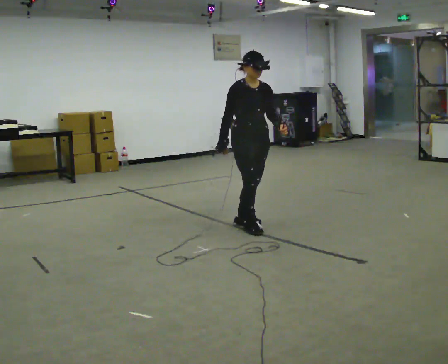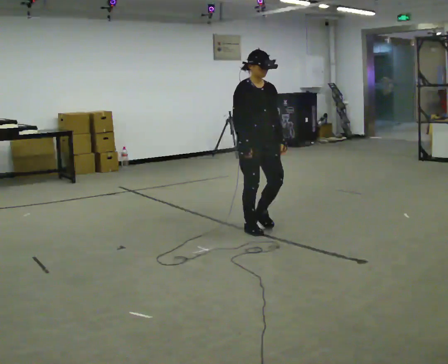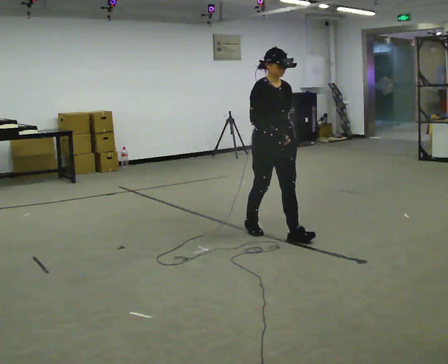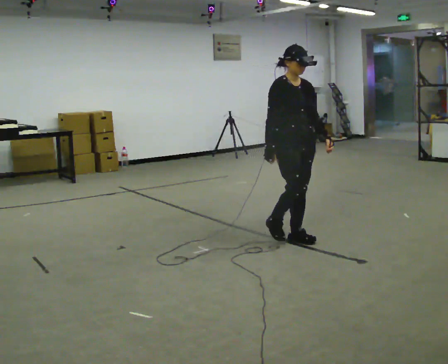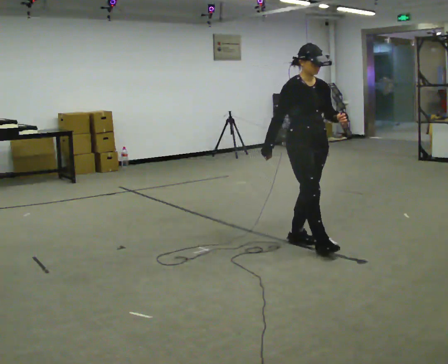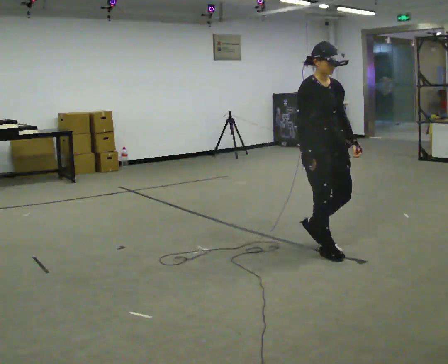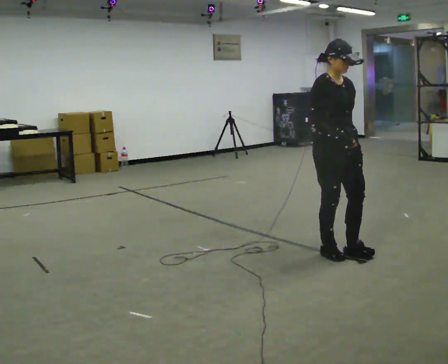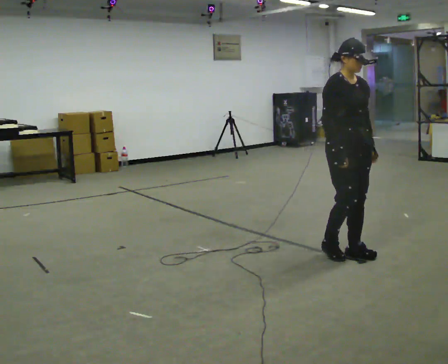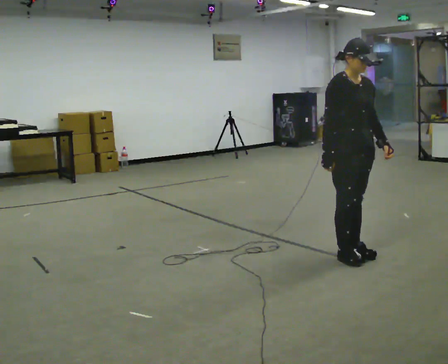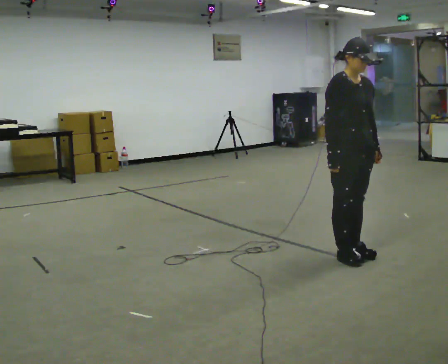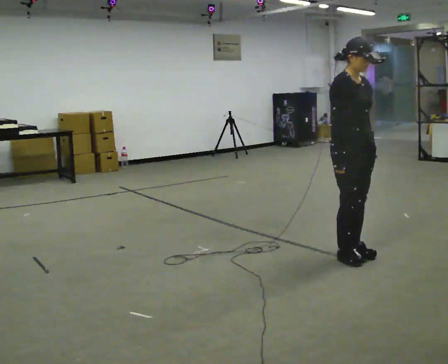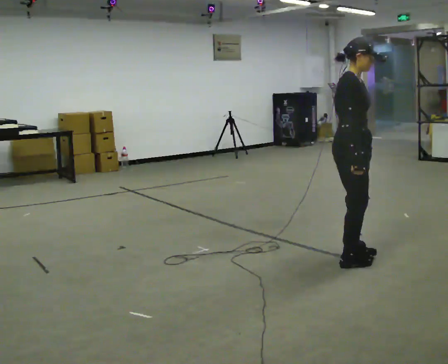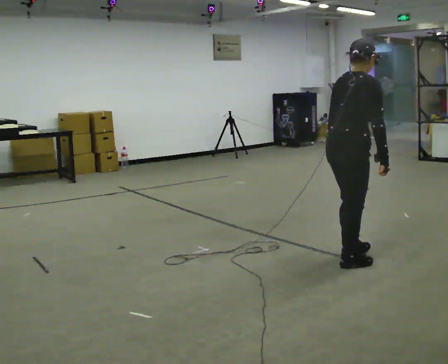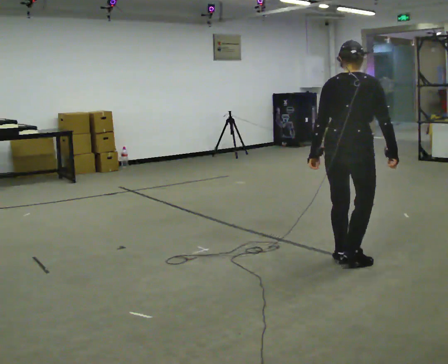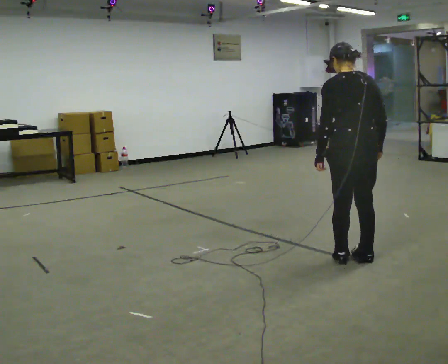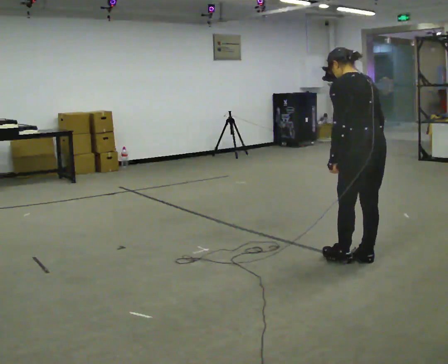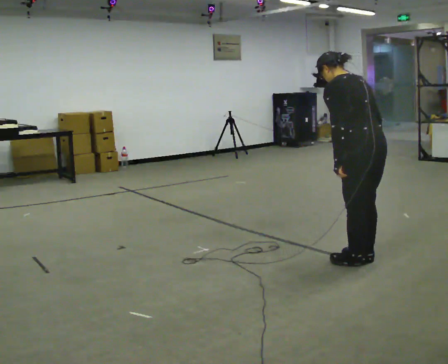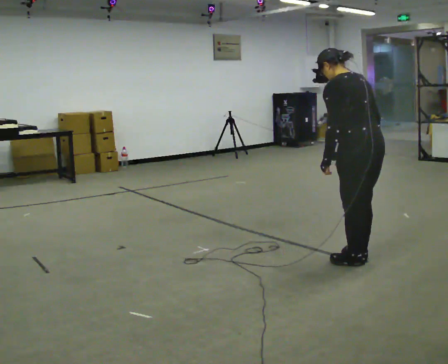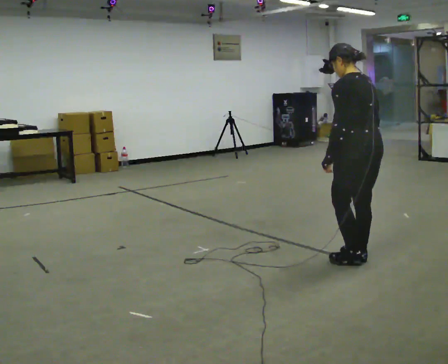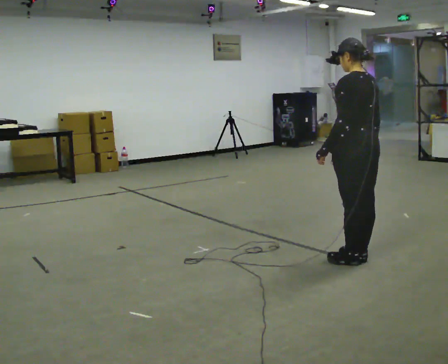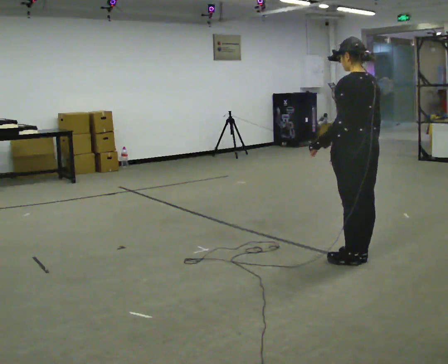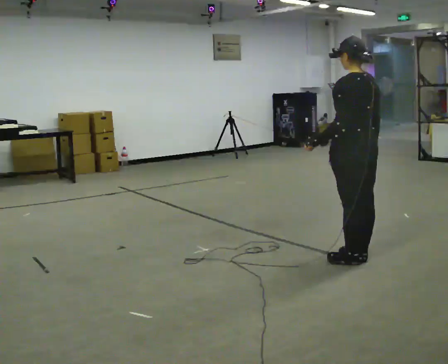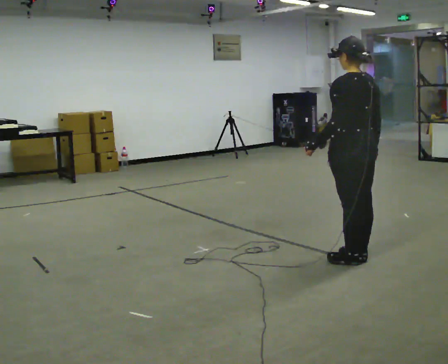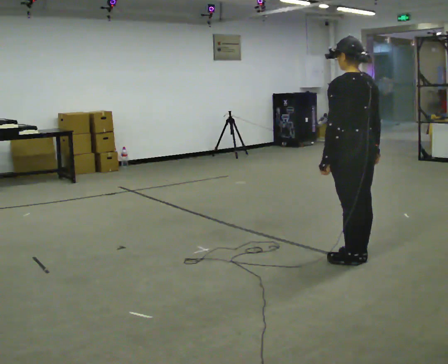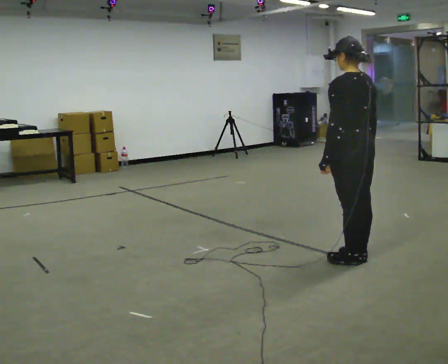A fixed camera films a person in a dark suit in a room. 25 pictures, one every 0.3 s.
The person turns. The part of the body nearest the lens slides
to the right.
The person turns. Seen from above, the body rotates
counterclockwise.
0.0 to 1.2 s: In the picture they go to the right and toward the camera, about 0.5 m in 1 step, which for them is forward.
1.2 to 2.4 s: In the picture they go to the right and toward the camera, about 0.5 m in 3 steps, which for them is forward.
2.4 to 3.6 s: Seen from above the body turns counterclockwise, about 90 degrees: to their left, with its near side sliding to the right. In the picture they go toward the camera, about 0.25 m in 1 step. In the picture their left hand goes to the left, the arm swinging clockwise.
3.6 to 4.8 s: Seen from above the body turns counterclockwise, about 90 degrees: to their left, with its near side sliding to the right. In the picture the upper body tilts counterclockwise, shoulders to the left.
4.8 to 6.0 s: In the picture the upper body tilts clockwise, shoulders to the right, as they lean back or straighten.
6.0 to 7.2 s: The person moves a little, or ends about where they began.
The film runs forward here.
